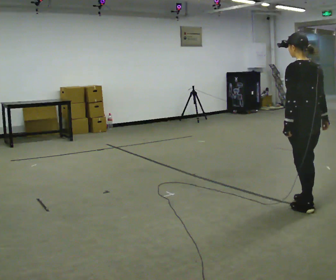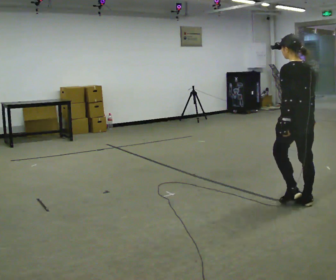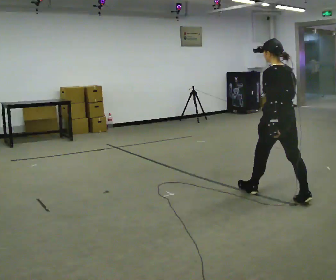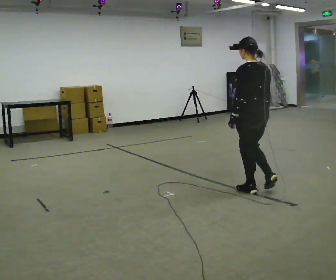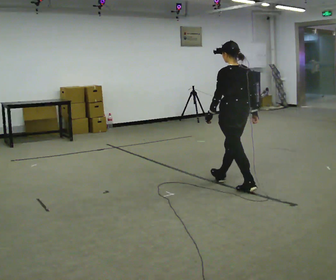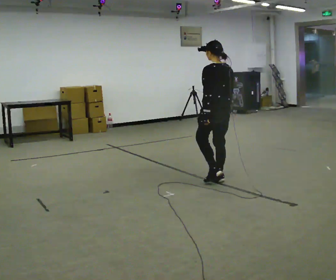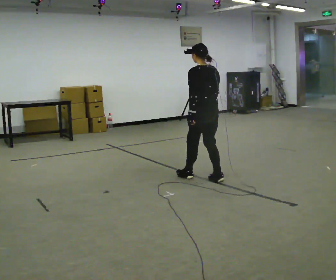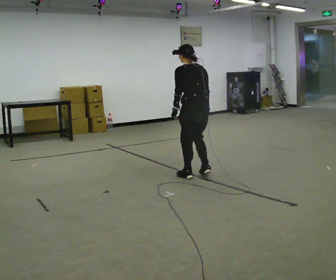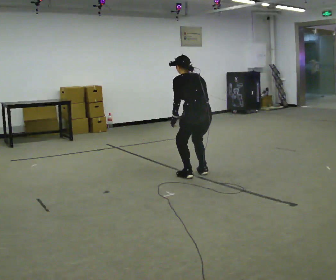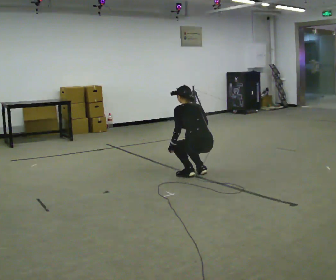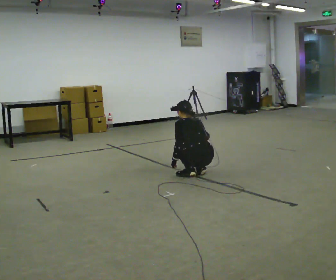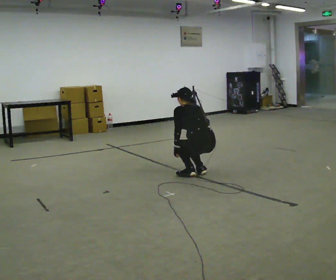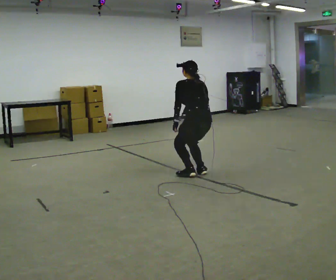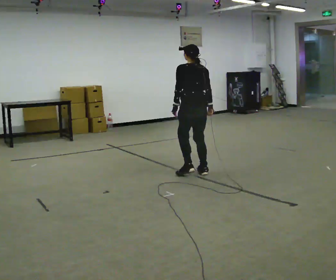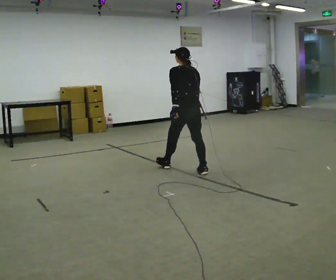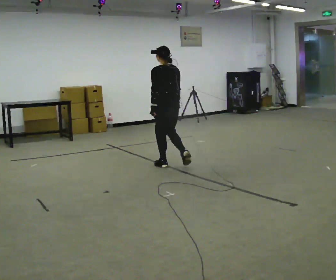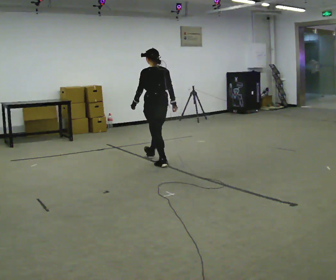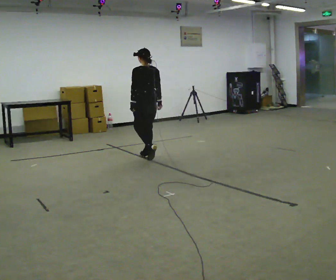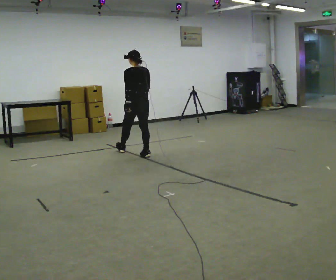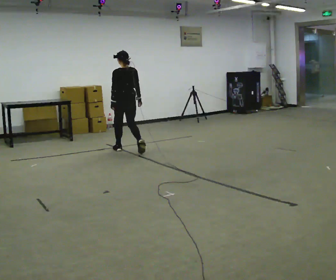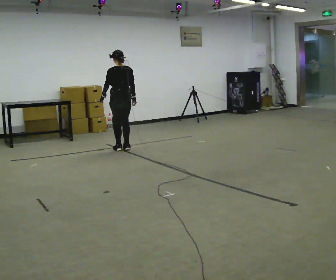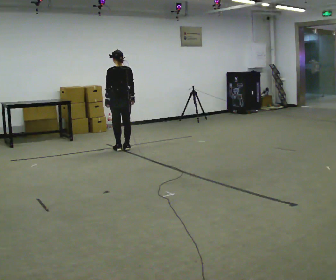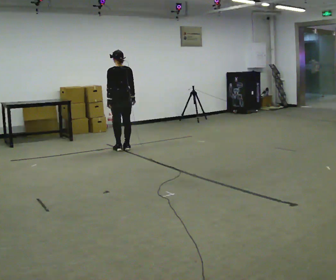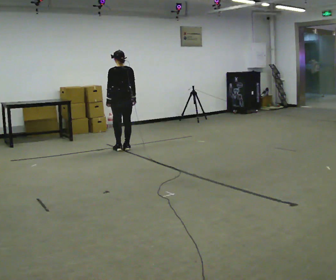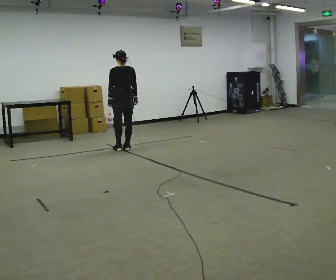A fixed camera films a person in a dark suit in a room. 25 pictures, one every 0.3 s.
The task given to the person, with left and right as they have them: Walk; crouch comfortably at marker; remain briefly; stand and continue.
0.0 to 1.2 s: In the picture they go away from the camera and to the left, about 1 m in 1 step, which for them is forward.
1.2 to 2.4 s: In the picture they go away from the camera and to the left, about 0.5 m in 3 steps, which for them is forward. The upper body tips away from the camera, its near side rolling upward, as they bend forward.
2.4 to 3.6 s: The person moves a little, or ends about where they began.
3.6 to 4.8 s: In the picture they go away from the camera and to the left, about 1 m in 1 step, which for them is forward. The upper body tips toward the camera, its near side rolling downward, as they lean back or straighten.
4.8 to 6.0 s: In the picture they go away from the camera and to the left, about 1 m in 3 steps, which for them is forward.
6.0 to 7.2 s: The person moves a little, or ends about where they began.
The film runs forward here.
